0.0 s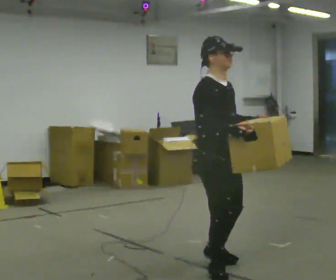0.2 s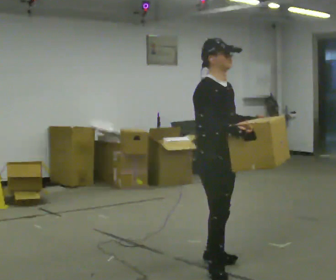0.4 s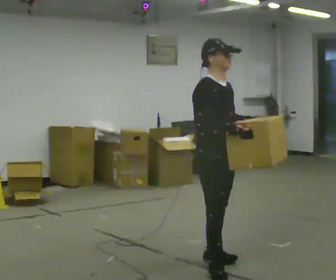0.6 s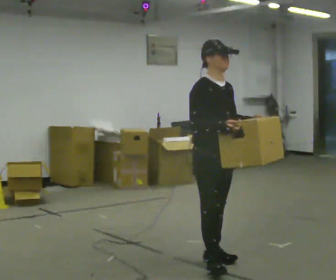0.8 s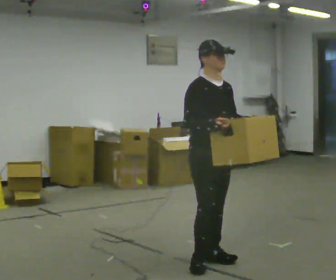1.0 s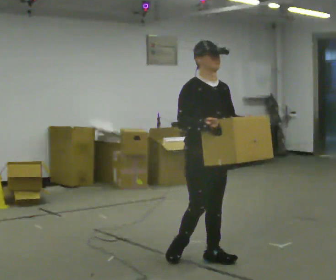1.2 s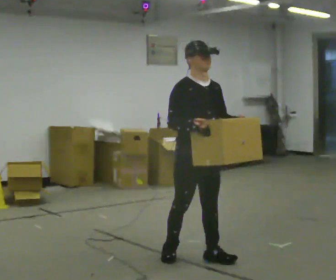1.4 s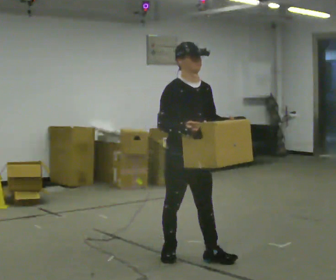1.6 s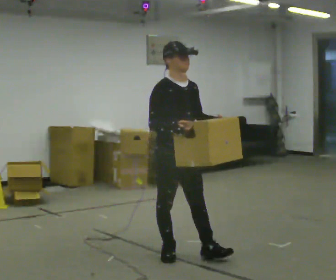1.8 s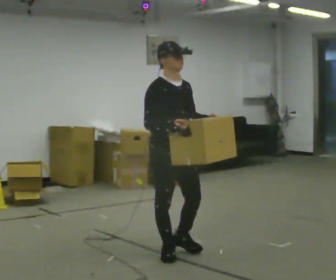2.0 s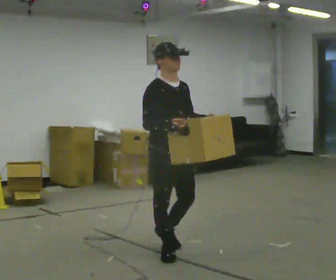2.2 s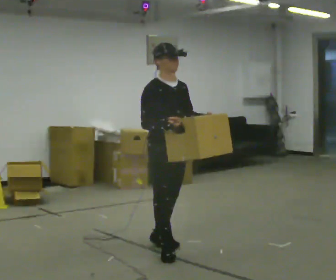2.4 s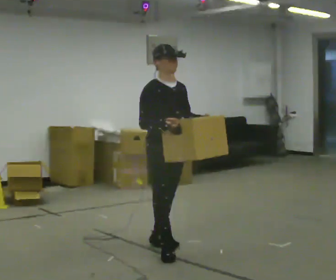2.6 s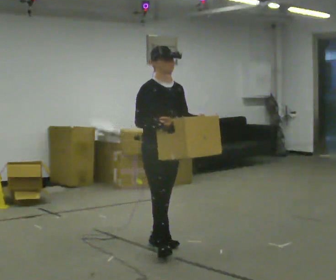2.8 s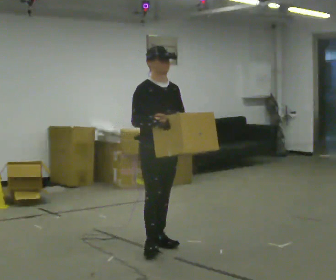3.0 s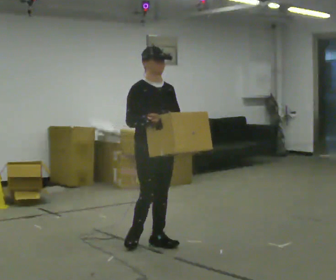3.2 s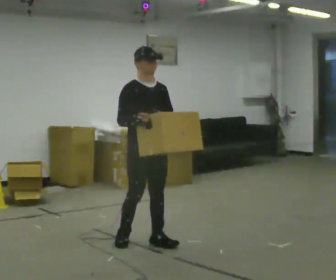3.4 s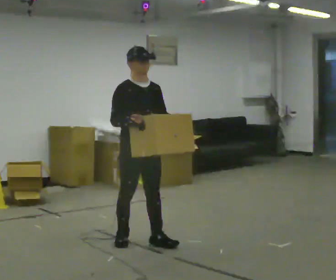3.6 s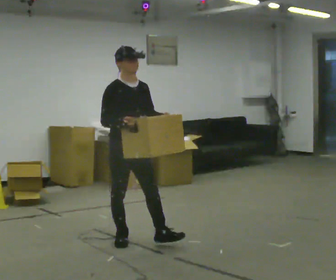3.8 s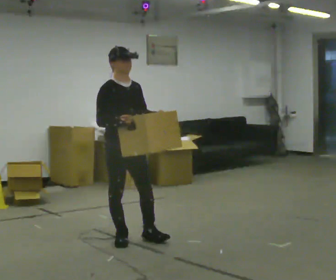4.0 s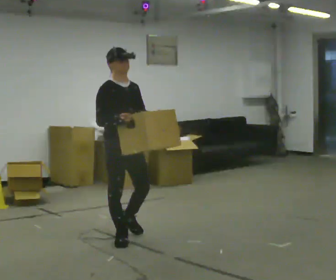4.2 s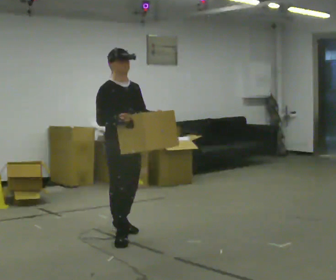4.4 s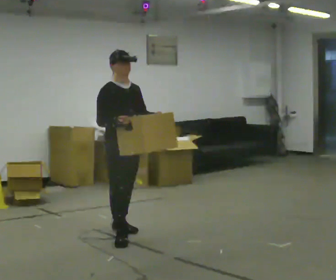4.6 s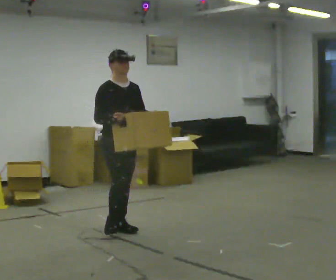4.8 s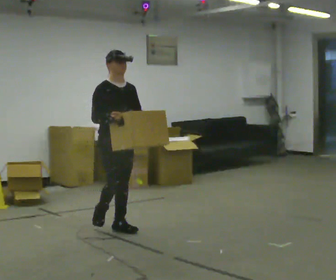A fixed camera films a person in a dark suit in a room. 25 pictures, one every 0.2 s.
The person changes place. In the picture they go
away from the camera.
0.0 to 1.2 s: In the picture they go away from the camera, about 0.25 m in 1 step, which for them is backward and to their left.
1.2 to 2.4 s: In the picture they go away from the camera and to the left, about 0.25 m in 1 step, which for them is backward.
2.4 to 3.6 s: In the picture they go to the left and away from the camera, about 0.5 m in 2 steps, which for them is backward.
3.6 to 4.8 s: In the picture they go away from the camera, about 0.5 m in 1 step, which for them is backward and to their left.
The film runs backward here.
